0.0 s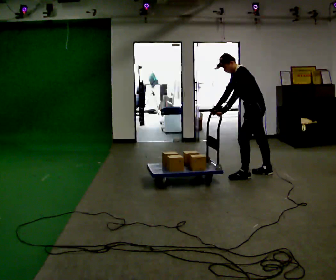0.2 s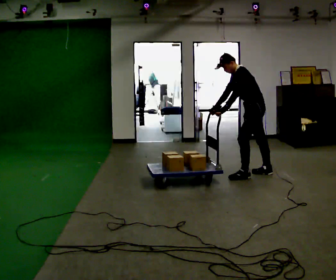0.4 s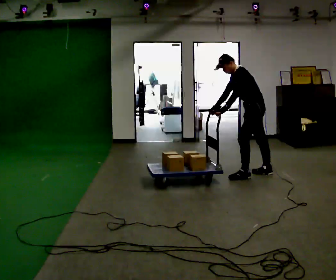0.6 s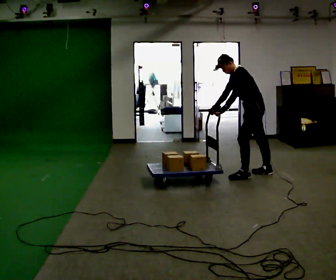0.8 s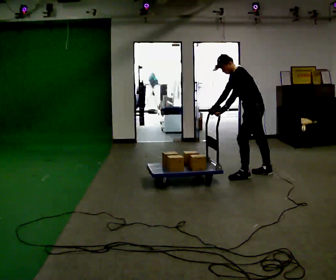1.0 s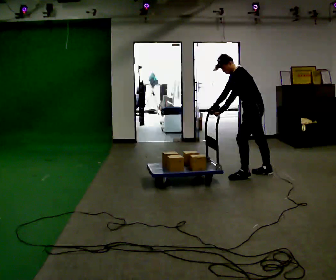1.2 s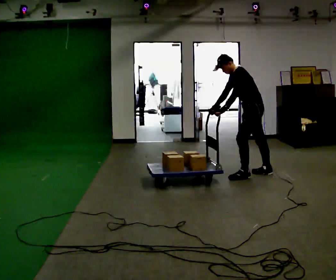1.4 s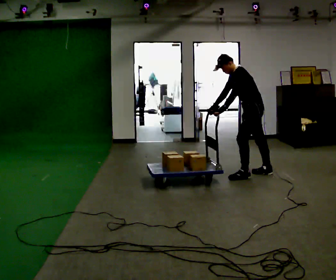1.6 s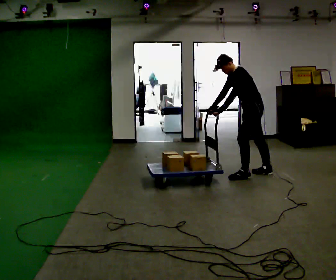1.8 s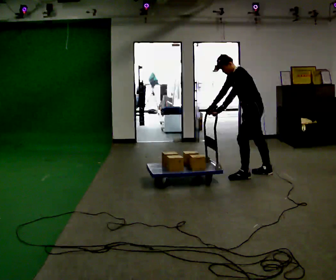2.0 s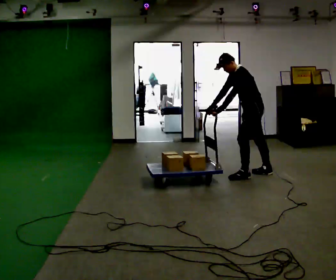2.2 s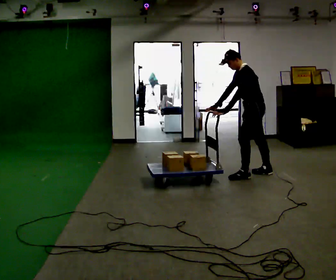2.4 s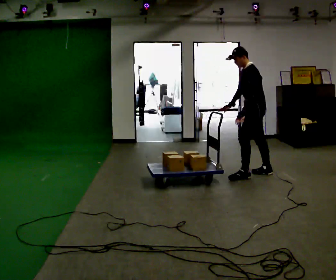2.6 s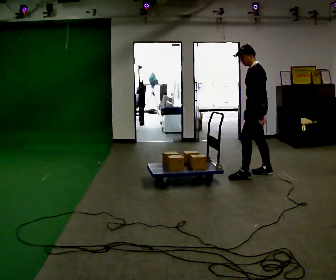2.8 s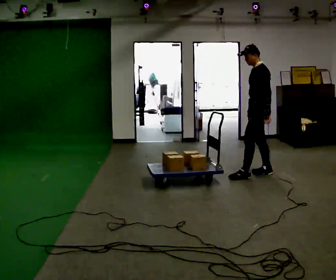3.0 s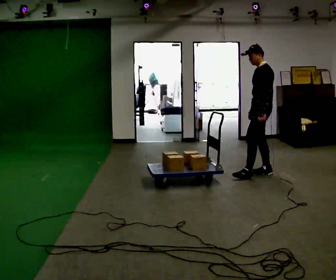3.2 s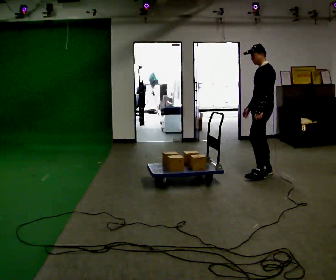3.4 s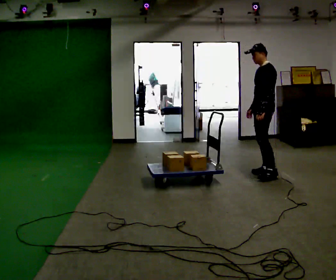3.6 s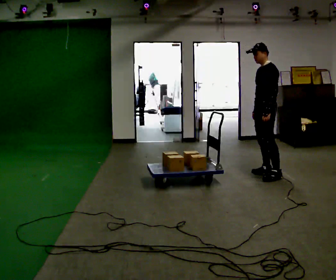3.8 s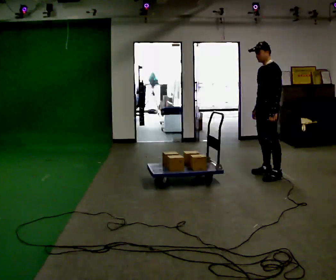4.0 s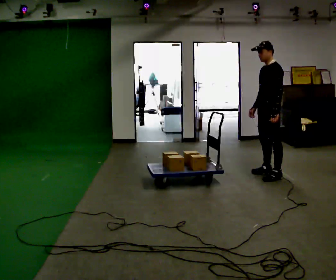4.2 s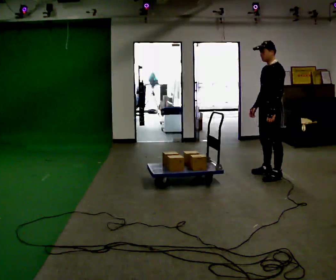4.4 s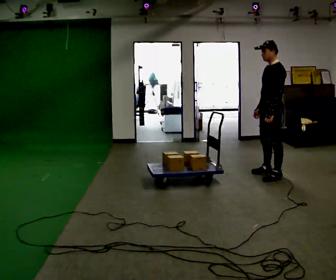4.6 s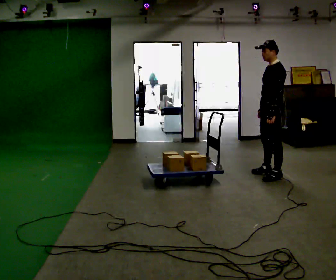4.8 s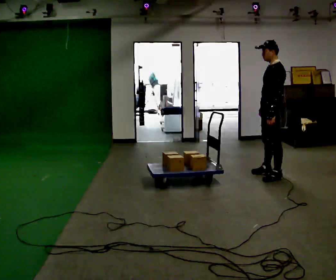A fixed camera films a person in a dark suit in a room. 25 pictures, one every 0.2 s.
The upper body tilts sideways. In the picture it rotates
clockwise.
0.0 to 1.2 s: The person keeps their place and pose.
1.2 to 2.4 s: In the picture the upper body tilts clockwise, shoulders to the right, as they lean back or straighten. In the picture their left hand goes to the right.
2.4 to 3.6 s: In the picture their right hand goes to the right.
3.6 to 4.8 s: In the picture they go toward the camera, about 0.25 m, which for them is to their left.
The film runs forward here.
